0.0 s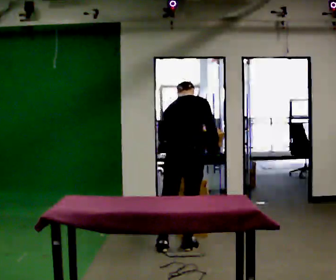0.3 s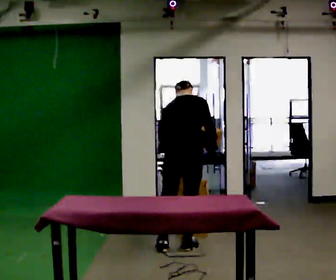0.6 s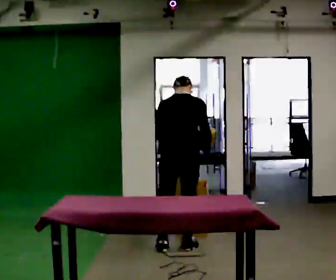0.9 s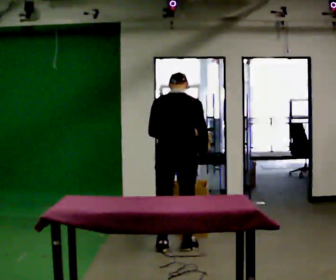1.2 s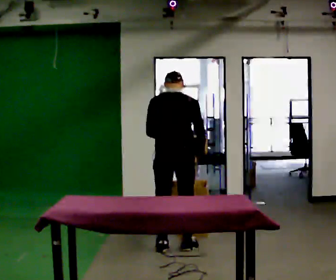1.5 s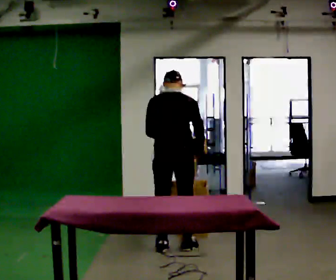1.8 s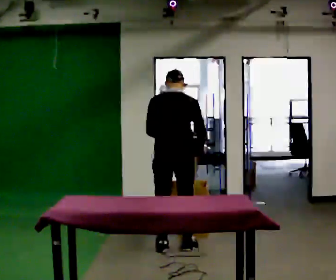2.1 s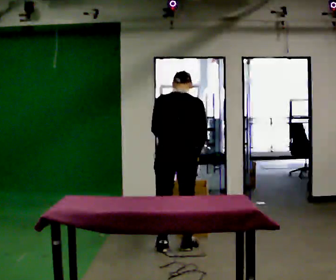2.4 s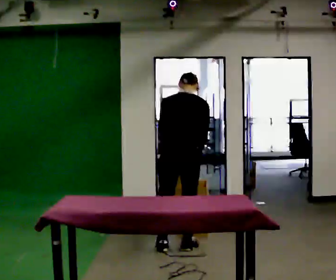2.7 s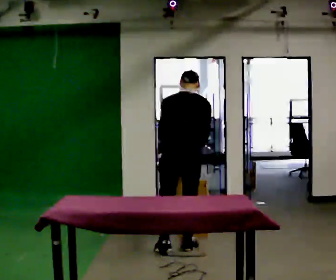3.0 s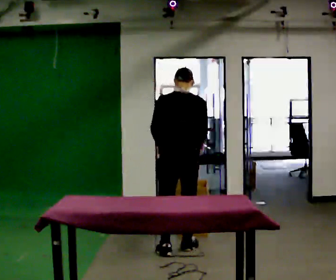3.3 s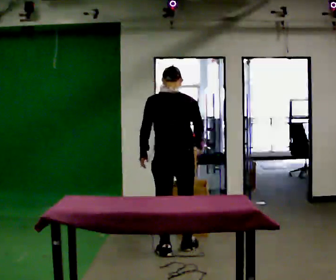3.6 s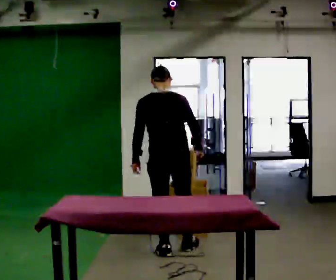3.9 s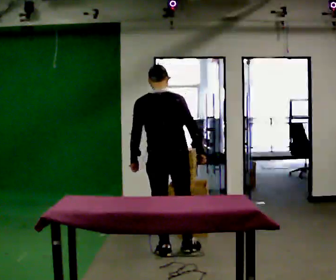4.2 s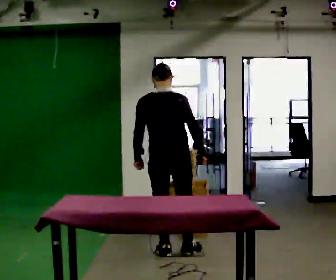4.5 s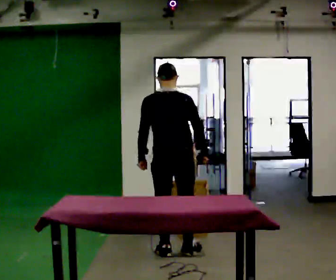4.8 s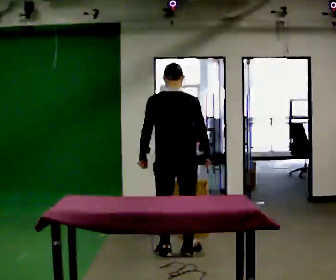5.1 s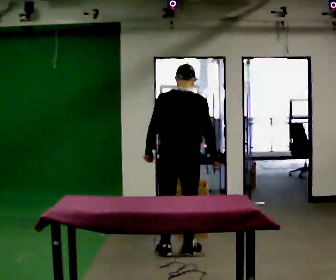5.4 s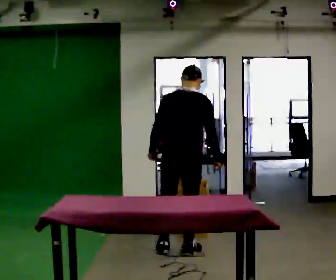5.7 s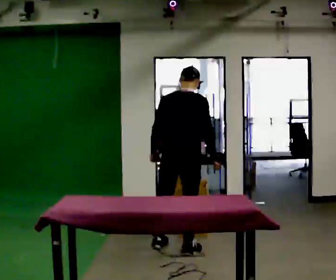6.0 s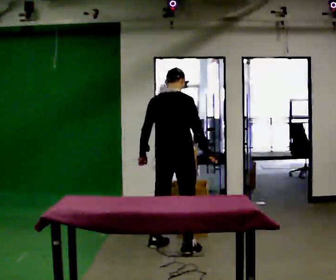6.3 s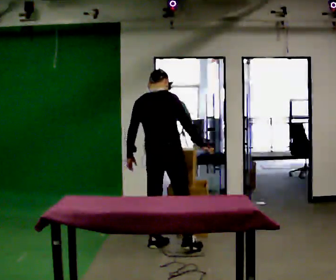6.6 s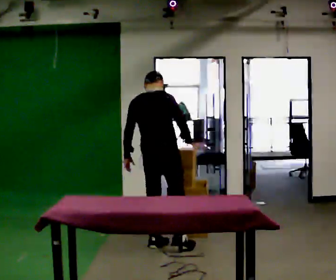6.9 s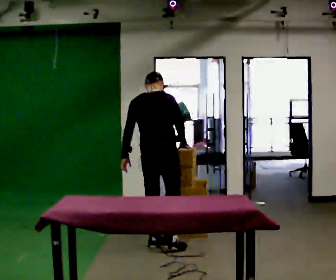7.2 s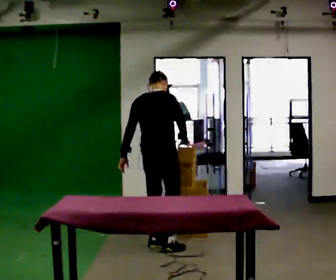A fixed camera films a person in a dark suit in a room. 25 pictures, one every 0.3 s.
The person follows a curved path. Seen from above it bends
clockwise.
0.0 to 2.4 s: The person moves a little, or ends about where they began.
2.4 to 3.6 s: The upper body tips toward the camera, its near side rolling downward, as they lean back or straighten. In the picture their left hand goes to the left.
3.6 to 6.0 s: The part of the body nearest the lens slides to the left as the person turns to their right by about 30 degrees.
6.0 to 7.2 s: In the picture they go to the left, about 0.25 m in 1 step, which for them is to their left.
The film runs backward here.
